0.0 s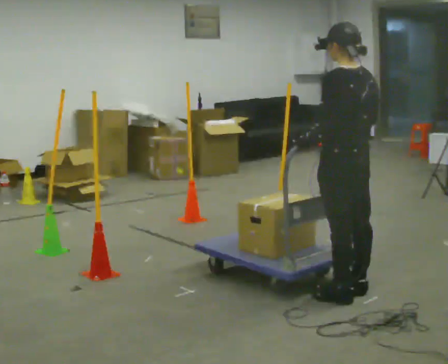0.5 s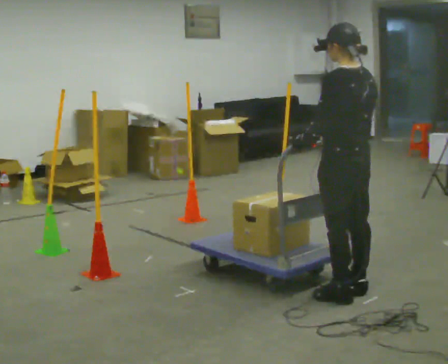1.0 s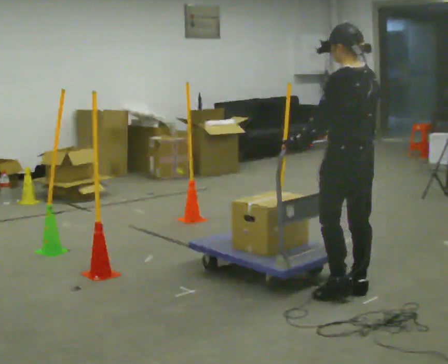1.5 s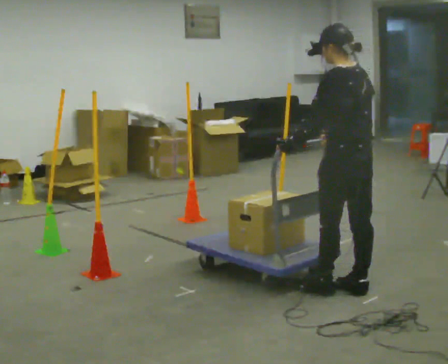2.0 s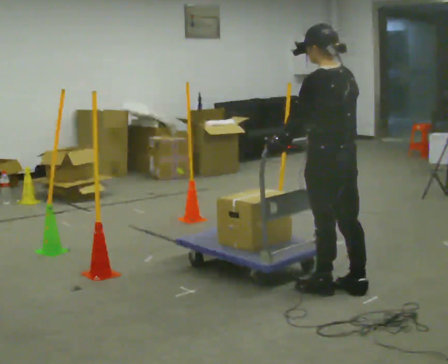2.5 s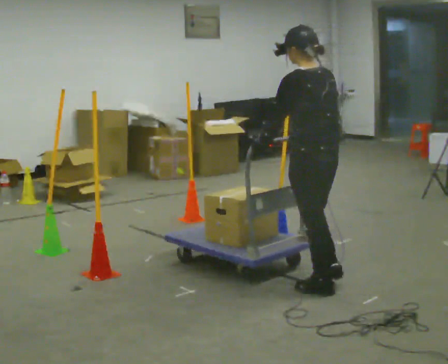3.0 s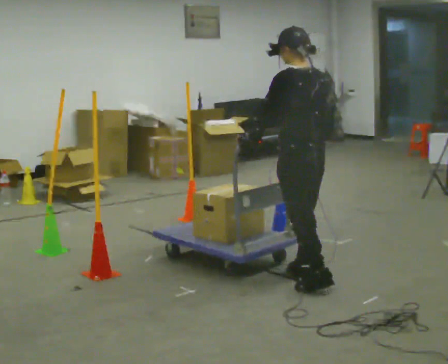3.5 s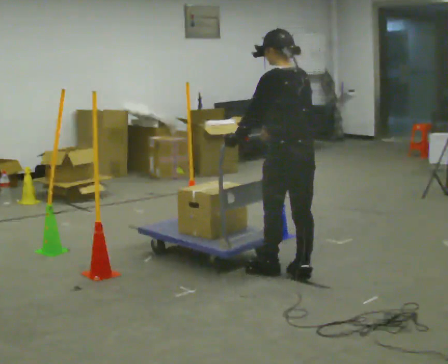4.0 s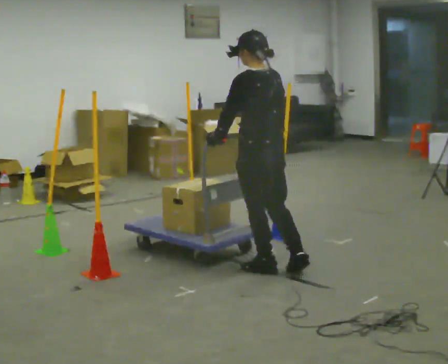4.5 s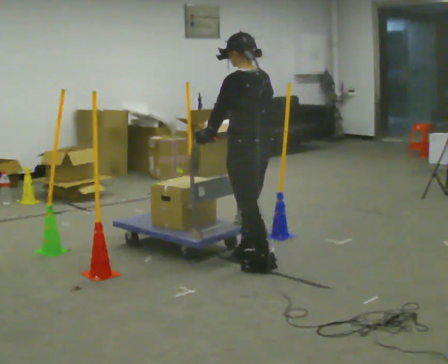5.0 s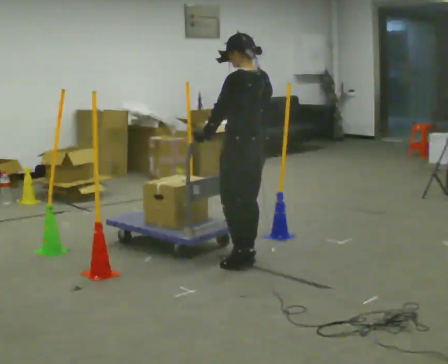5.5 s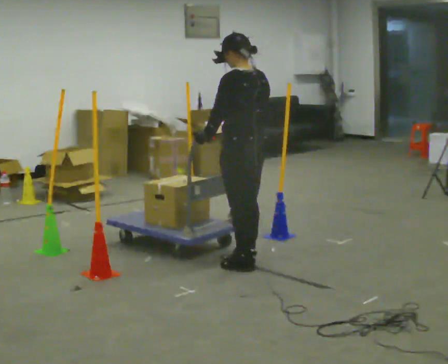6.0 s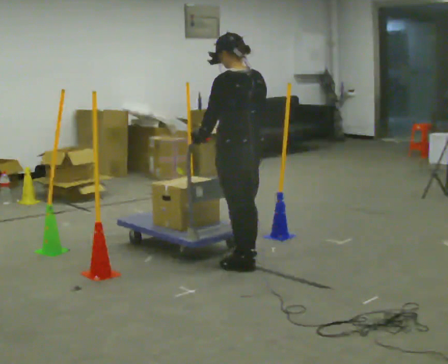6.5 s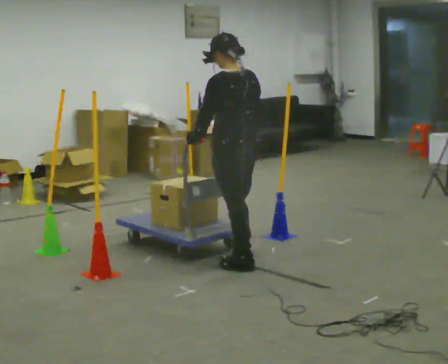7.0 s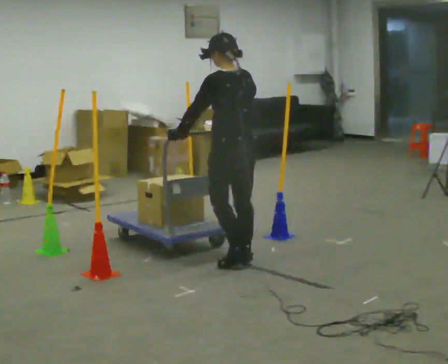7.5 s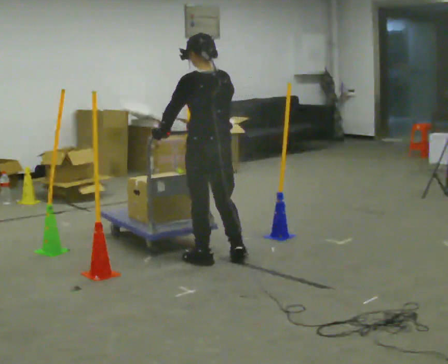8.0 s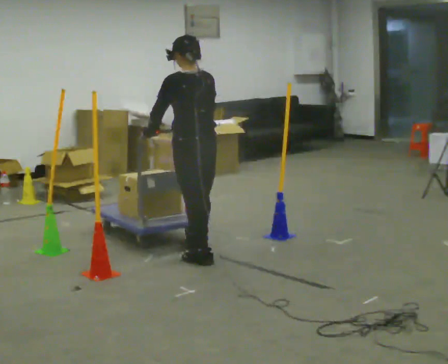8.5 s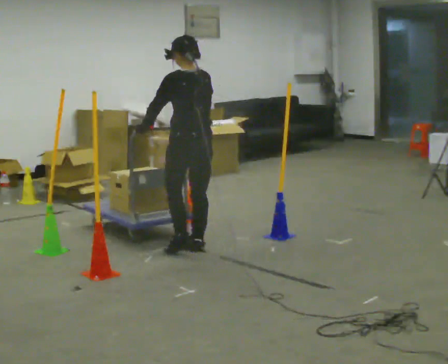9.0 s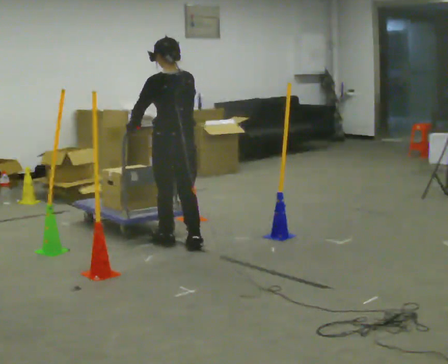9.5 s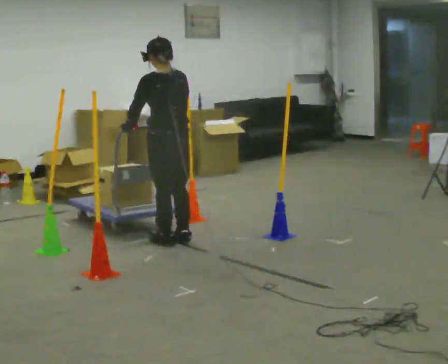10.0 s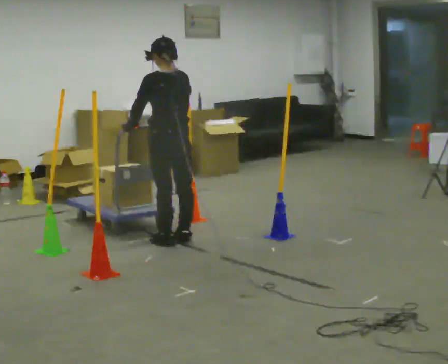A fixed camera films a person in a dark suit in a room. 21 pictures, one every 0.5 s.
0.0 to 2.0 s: The person moves a little, or ends about where they began.
2.0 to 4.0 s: In the picture they go away from the camera and to the left, about 0.5 m in 2 steps, which for them is forward.
4.0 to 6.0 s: The person moves a little, or ends about where they began.
6.0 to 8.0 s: In the picture they go to the left and away from the camera, about 0.25 m in 2 steps, which for them is forward.
8.0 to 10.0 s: In the picture they go away from the camera and to the left, about 0.5 m in 2 steps, which for them is forward.
The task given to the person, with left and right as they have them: Push the cart in and out of the line of poles without touching any of them. Keep going until the operator says stop.
The film runs forward here.
